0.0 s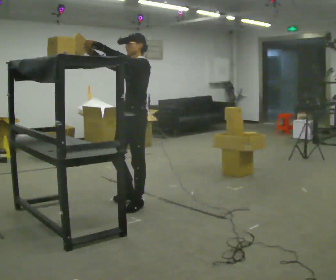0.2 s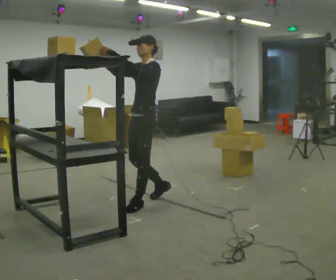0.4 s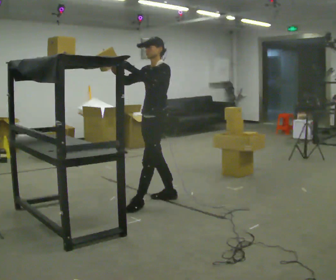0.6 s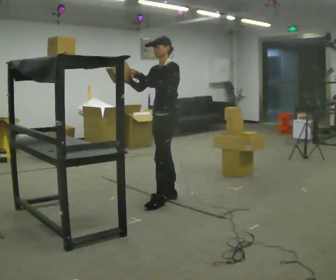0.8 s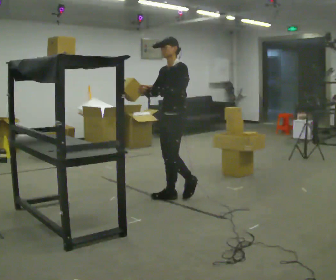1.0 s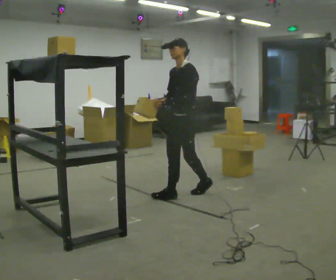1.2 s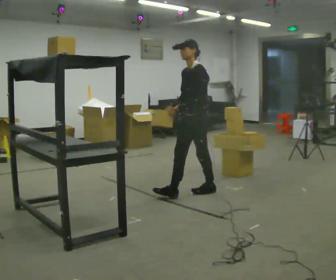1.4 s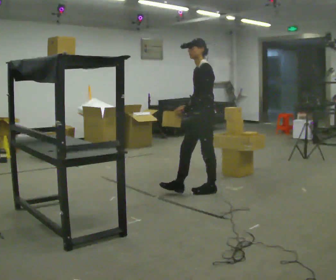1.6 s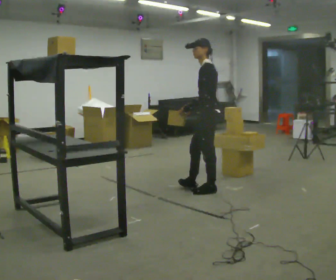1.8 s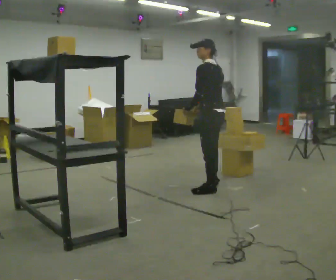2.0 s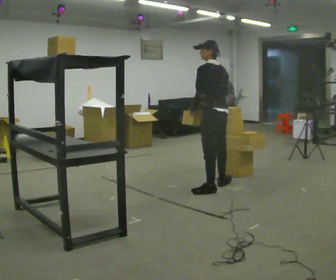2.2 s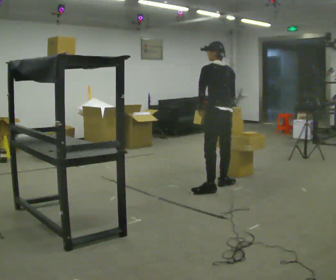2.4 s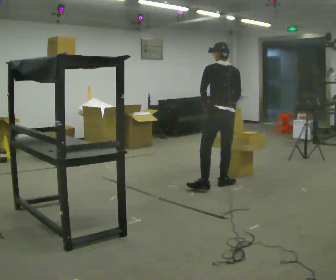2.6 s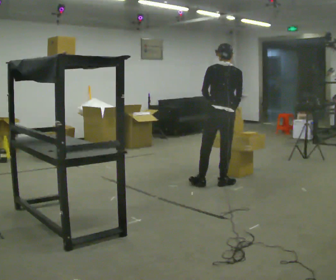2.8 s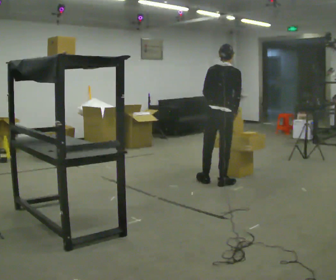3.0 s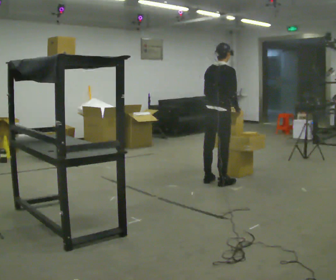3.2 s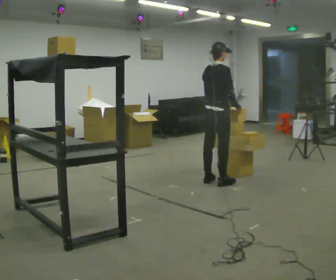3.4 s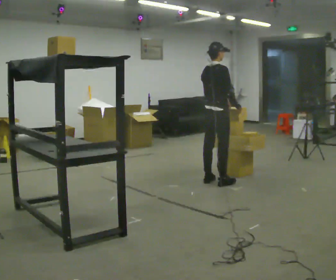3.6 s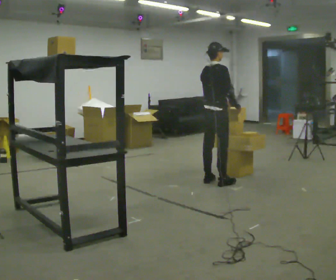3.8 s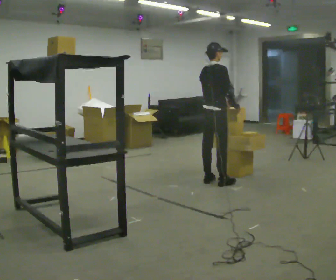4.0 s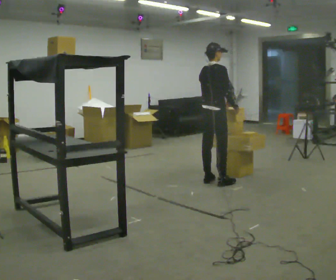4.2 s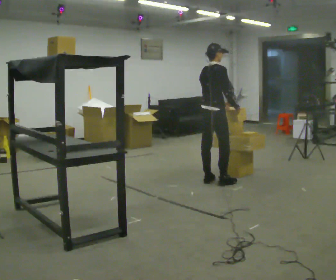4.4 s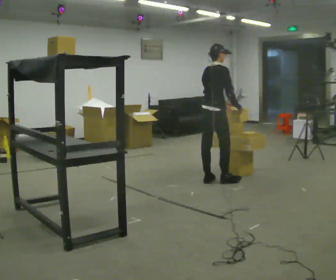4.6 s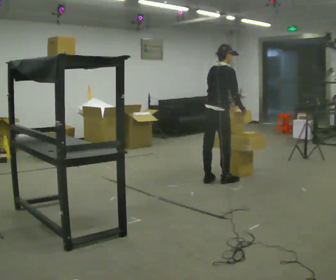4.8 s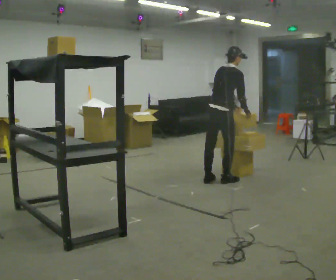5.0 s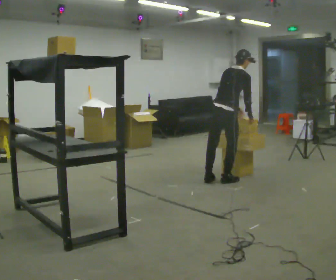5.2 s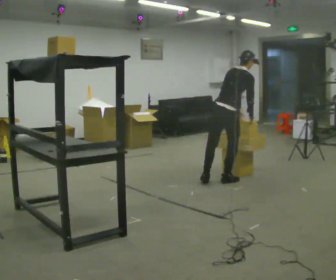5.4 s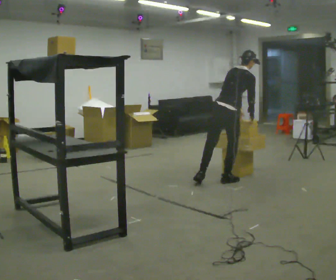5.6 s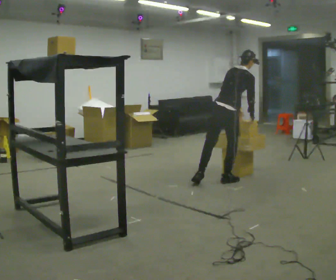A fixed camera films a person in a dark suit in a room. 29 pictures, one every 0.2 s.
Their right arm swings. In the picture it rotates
counterclockwise.
Their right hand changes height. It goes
downward.
0.0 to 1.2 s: In the picture they go to the right and away from the camera, about 0.5 m in 1 step, which for them is backward. In the picture their right hand goes downward, the arm swinging counterclockwise.
1.2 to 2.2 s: The part of the body nearest the lens slides to the left as the person turns to their right by about 90 degrees. In the picture they go away from the camera and to the right, about 0.25 m in 1 step.
2.2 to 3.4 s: Seen from above the body turns clockwise, about 75 degrees: to their right, with its near side sliding to the left. In the picture they go away from the camera, about 0.25 m in 1 step.
3.4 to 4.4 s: The person moves a little, or ends about where they began.
4.4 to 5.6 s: In the picture they go to the right, about 0.25 m in 1 step, which for them is to their right. In the picture the upper body tilts clockwise, shoulders to the right, as they bend forward.
The film runs backward here.
